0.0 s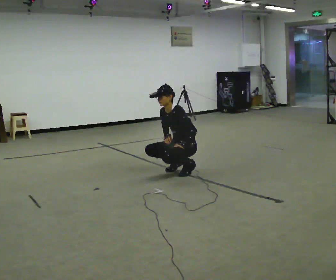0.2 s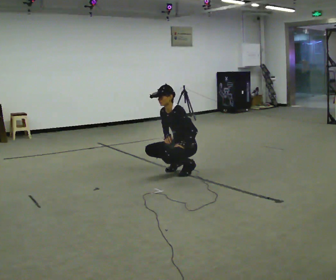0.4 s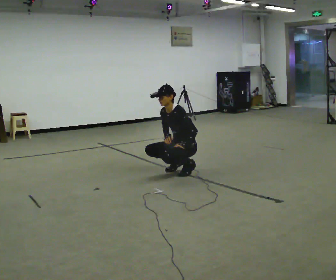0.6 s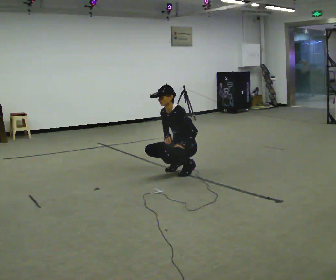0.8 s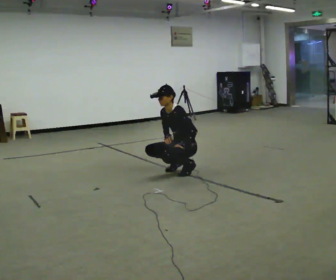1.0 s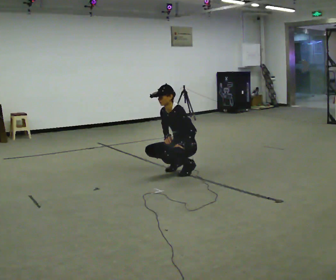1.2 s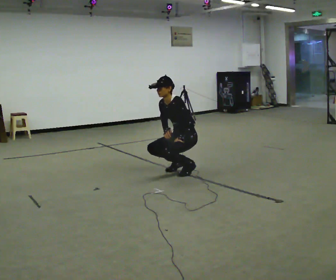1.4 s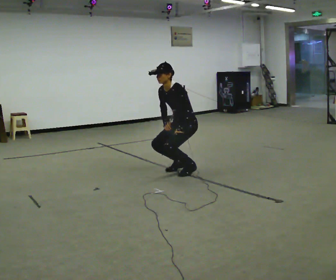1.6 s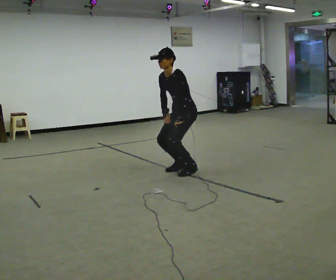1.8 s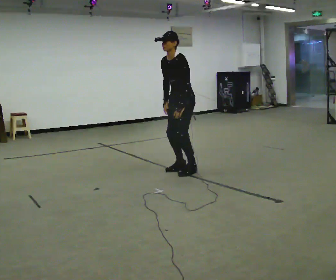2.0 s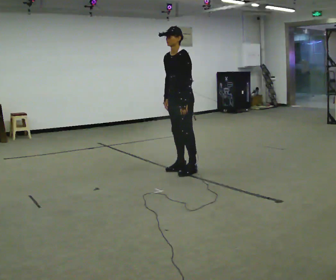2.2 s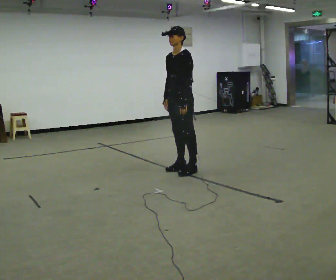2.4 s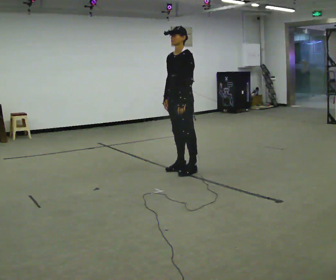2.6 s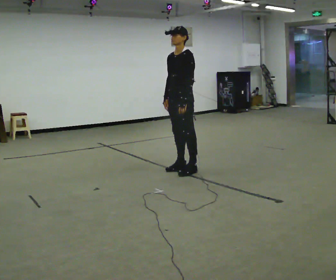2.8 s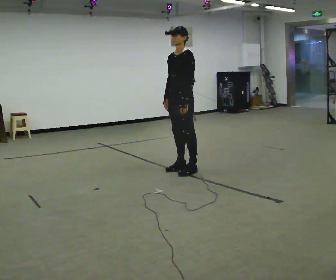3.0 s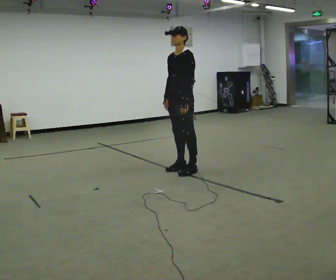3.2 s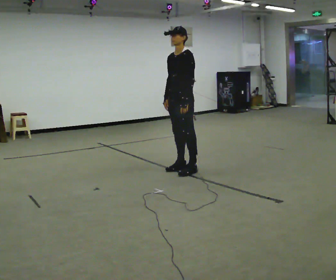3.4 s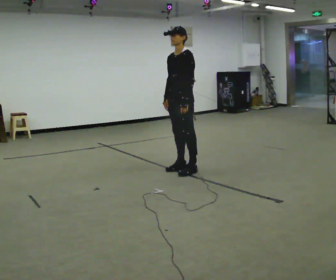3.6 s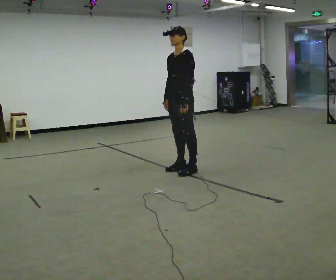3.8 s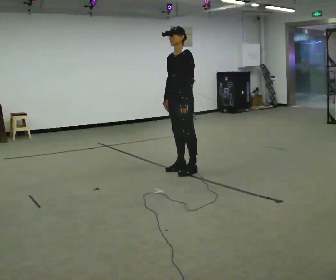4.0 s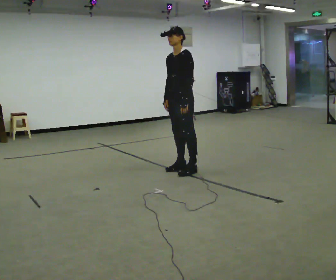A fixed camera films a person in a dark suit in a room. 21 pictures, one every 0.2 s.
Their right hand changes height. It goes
upward.
The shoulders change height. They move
upward.
0.0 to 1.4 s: The upper body goes upward.
1.4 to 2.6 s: The upper body goes upward. In the picture the upper body tilts clockwise, shoulders to the right, as they lean back or straighten.
2.6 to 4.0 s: The person keeps their place and pose.
The film runs forward here.
